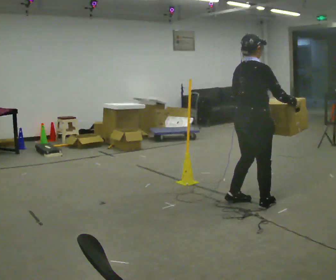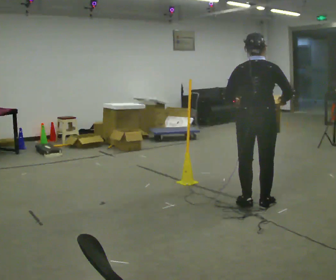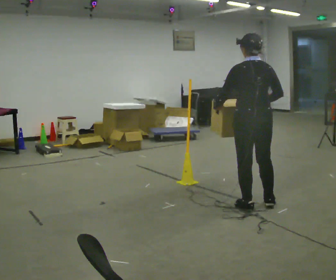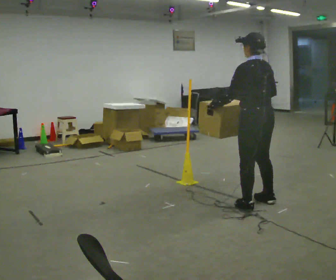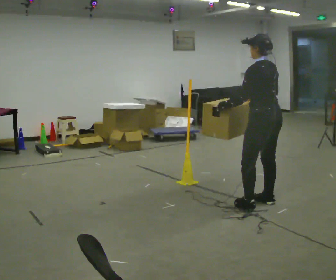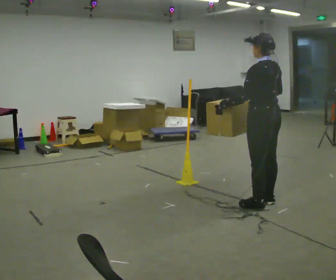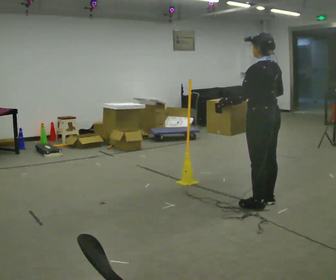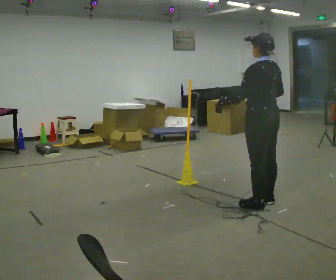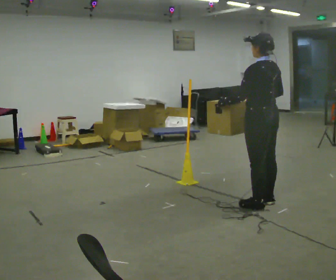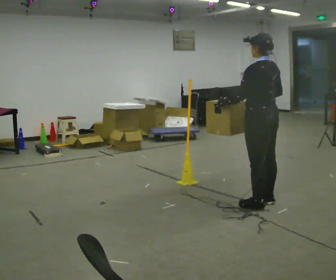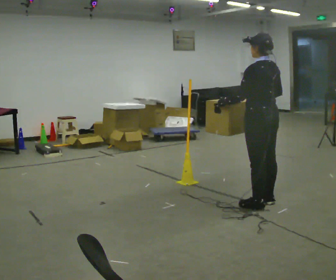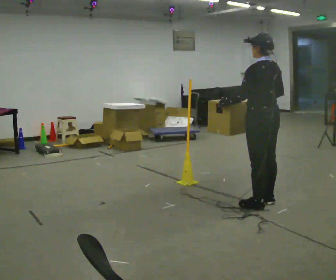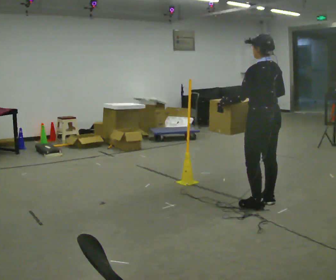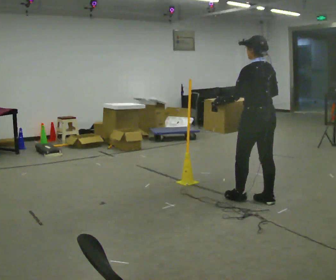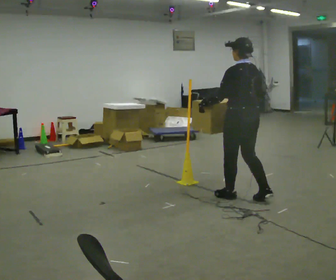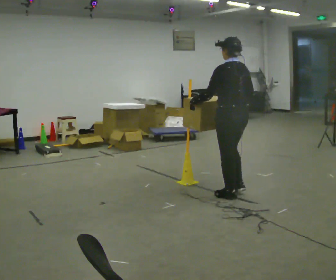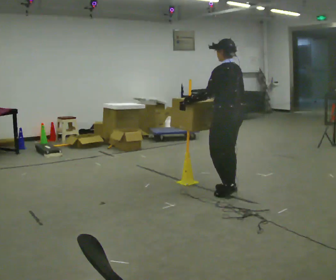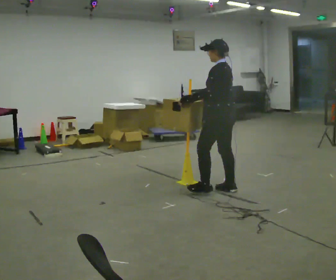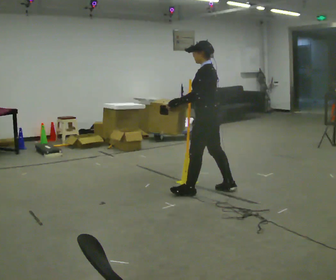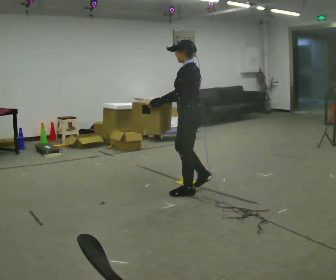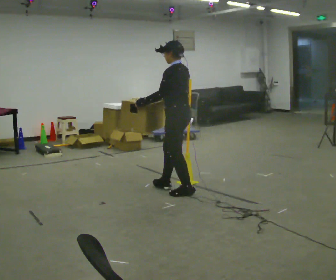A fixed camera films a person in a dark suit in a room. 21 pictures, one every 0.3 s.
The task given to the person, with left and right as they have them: Carry the box across the room. The operator will step into your path partway across, so go around them and carry on. Keep going until the operator says stop; one object at a time, and do not rush between trips.
0.0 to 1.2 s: The person turns about 105 degrees to their left, counterclockwise seen from above, so the part of the body nearest the lens slides to the right.
1.2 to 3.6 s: The person moves a little, or ends about where they began.
3.6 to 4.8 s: In the picture they go to the left and away from the camera, about 0.5 m in 2 steps, which for them is forward.
4.8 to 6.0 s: In the picture they go to the left, about 0.5 m in 1 step, which for them is forward.
The film runs forward here.
